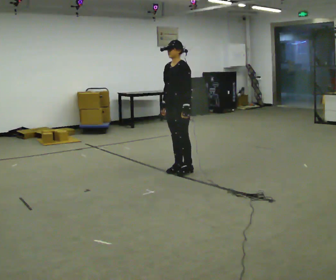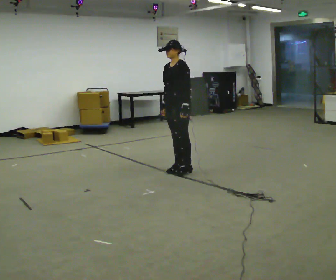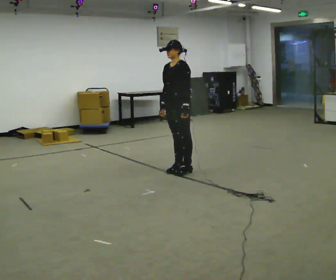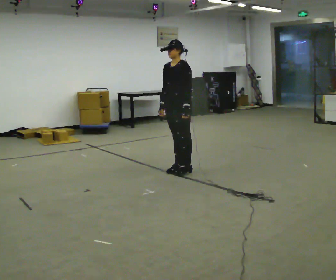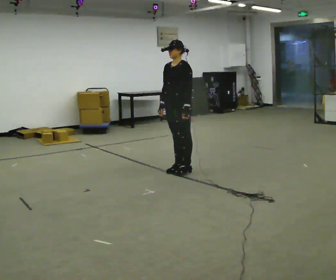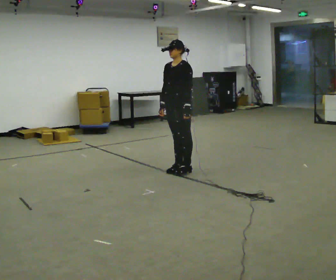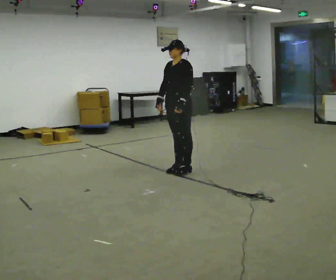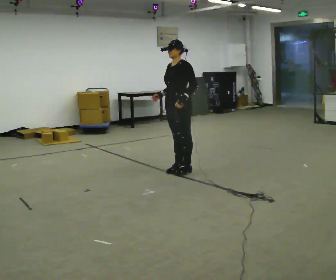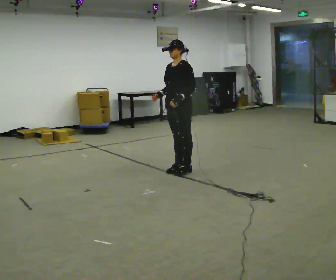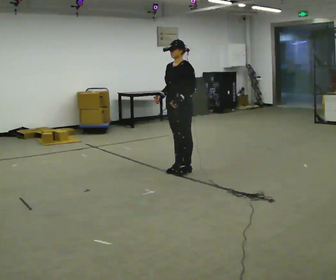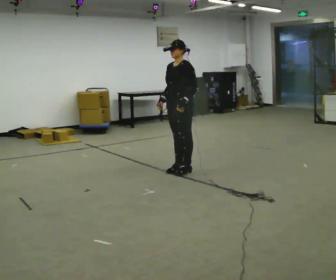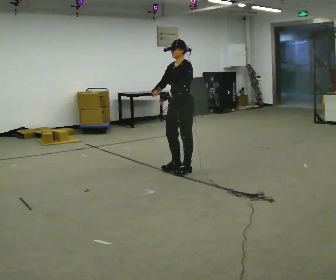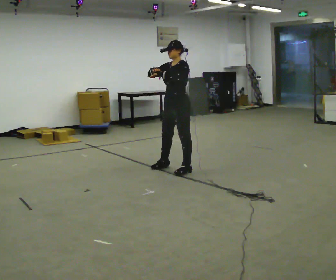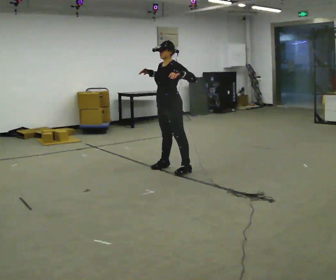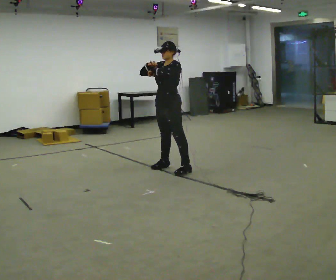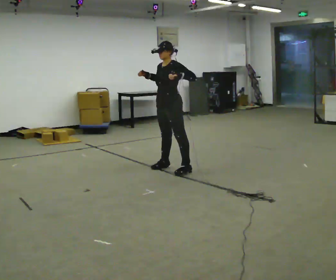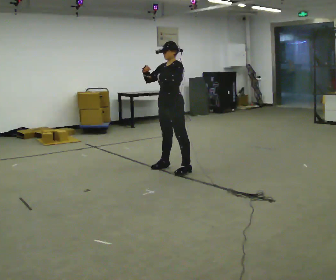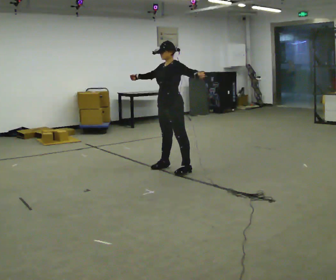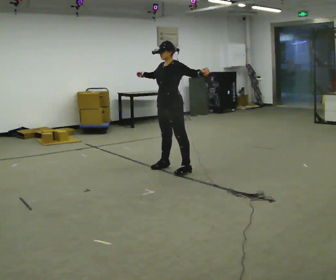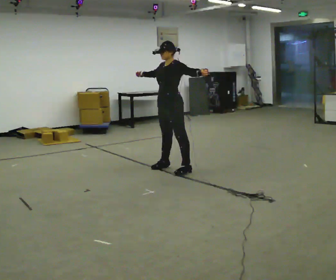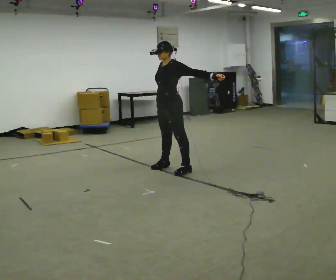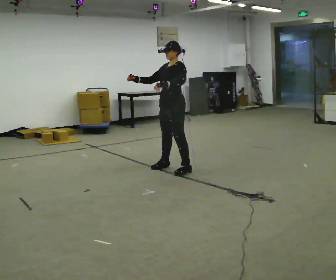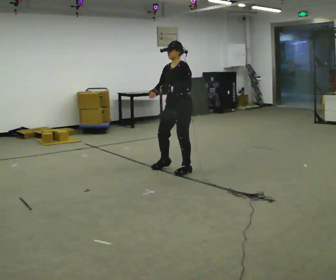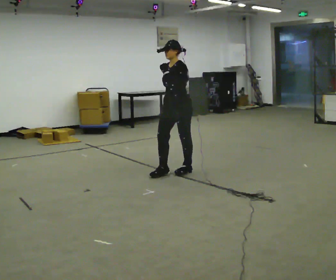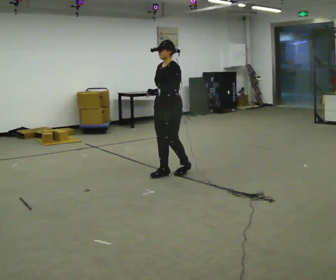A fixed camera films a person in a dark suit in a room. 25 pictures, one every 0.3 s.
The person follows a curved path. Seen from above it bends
counterclockwise.
0.0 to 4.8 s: In the picture their right hand goes upward.
4.8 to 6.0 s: In the picture their left hand goes to the right.
6.0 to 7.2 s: In the picture they go toward the camera, about 0.25 m in 1 step, which for them is to their left and forward. In the picture their left hand goes to the left.
The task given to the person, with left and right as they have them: Repeat a short dance step or sequence over and over in time with a steady beat.
The film runs forward here.
